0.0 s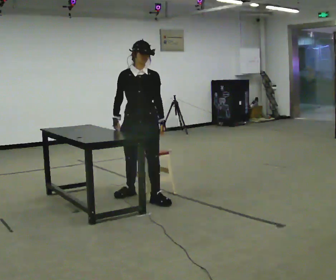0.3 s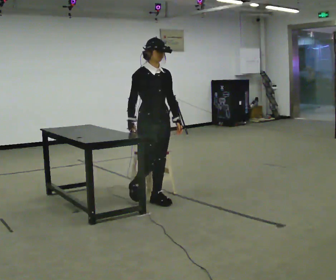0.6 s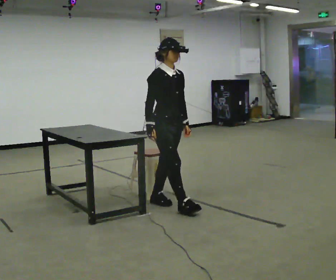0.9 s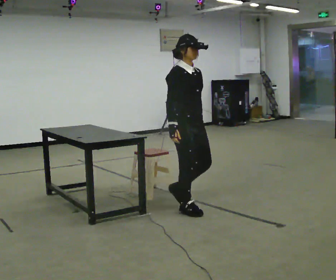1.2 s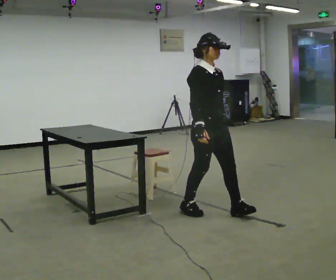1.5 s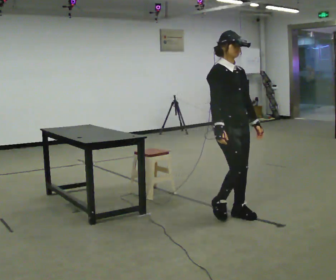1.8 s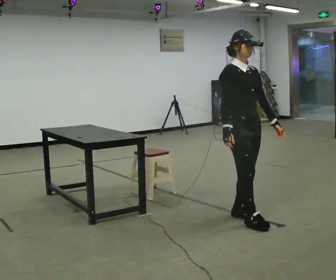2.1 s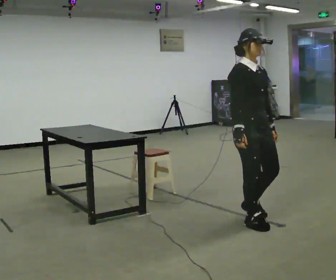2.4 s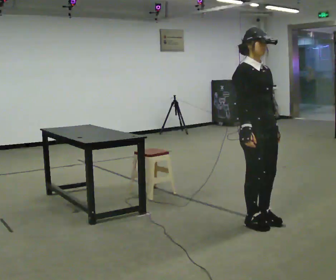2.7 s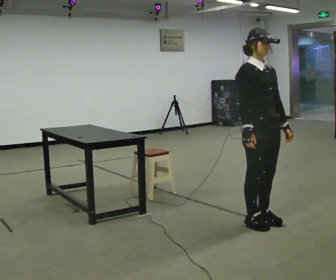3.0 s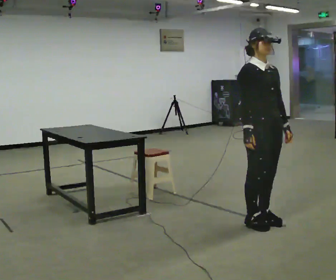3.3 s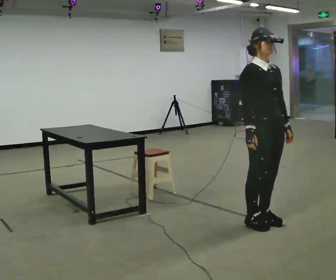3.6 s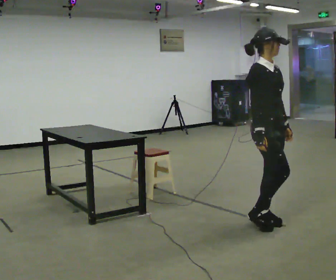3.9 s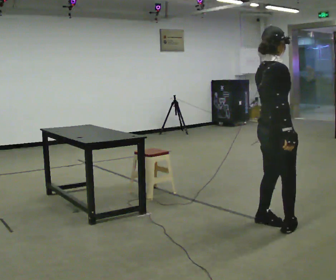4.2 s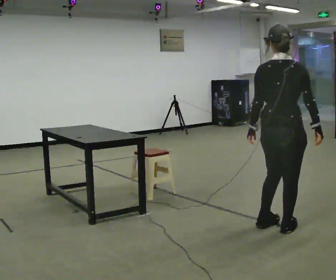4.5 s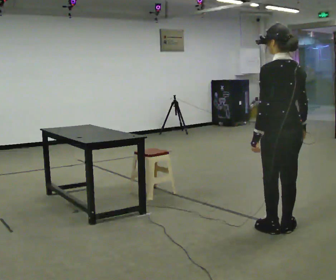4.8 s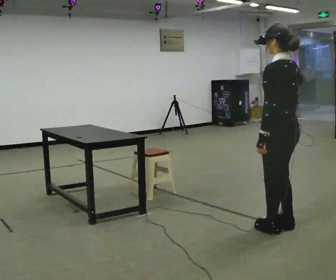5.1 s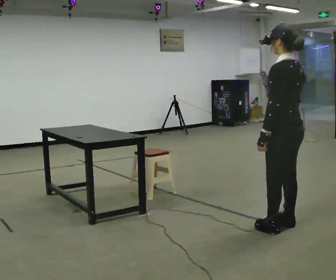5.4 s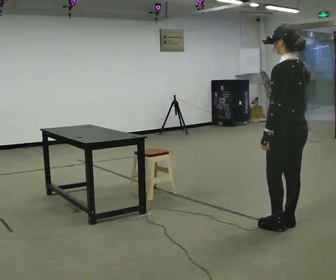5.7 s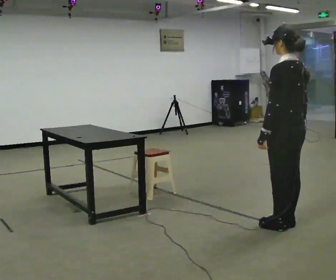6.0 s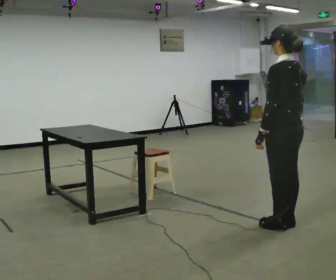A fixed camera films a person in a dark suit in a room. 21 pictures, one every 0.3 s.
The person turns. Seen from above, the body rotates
counterclockwise.
The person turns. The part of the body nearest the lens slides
to the right.
0.0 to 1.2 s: The part of the body nearest the lens slides to the right as the person turns to their left by about 45 degrees. In the picture they go to the right and toward the camera, about 1 m in 1 step, which for them is forward.
1.2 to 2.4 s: In the picture they go to the right and toward the camera, about 0.5 m in 3 steps, which for them is forward.
2.4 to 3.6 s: The person moves a little, or ends about where they began.
3.6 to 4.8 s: The part of the body nearest the lens slides to the right as the person turns to their left by about 165 degrees. In the picture they go toward the camera, about 0.25 m in 2 steps.
4.8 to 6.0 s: The person moves a little, or ends about where they began.
The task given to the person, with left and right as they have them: Walk up to the chair at the table, sit down into the space, settle as if you were about to work there, then stand up and step away. Repeat the movement at your own pace until the operator says stop; do not rush.
The film runs forward here.
